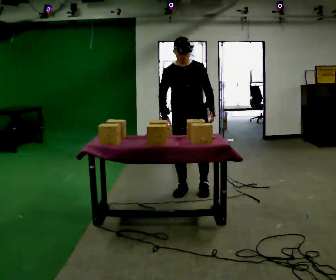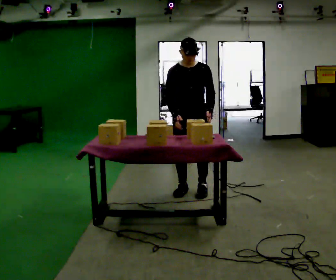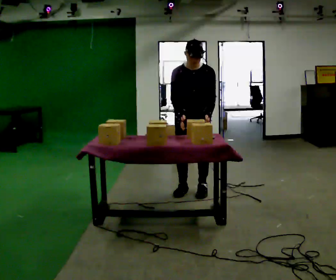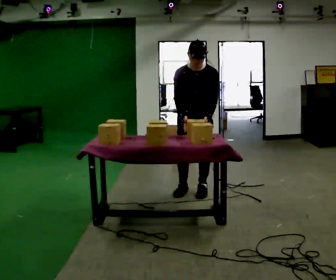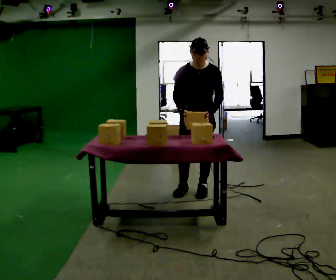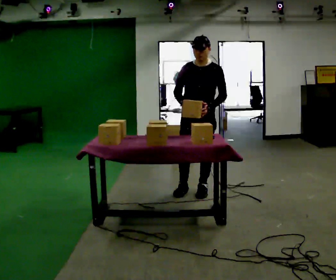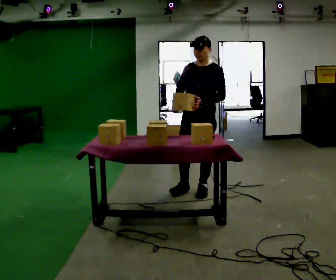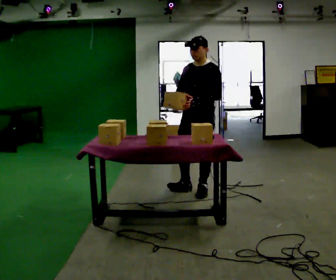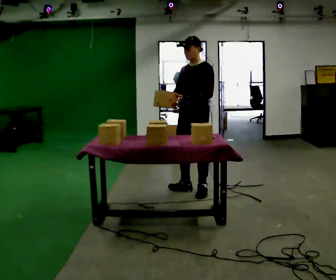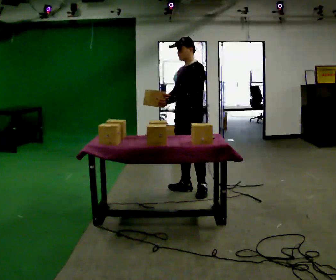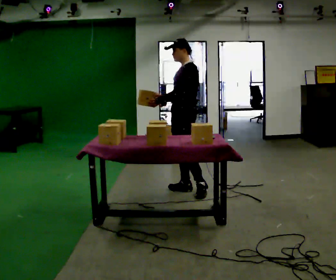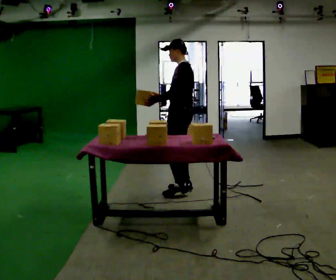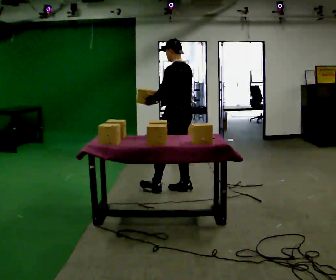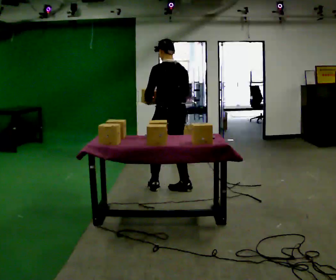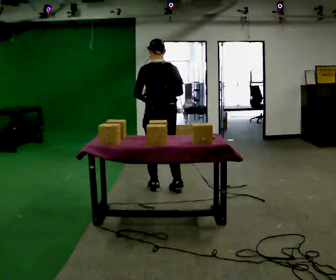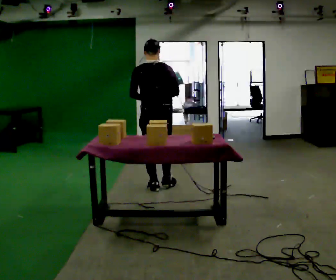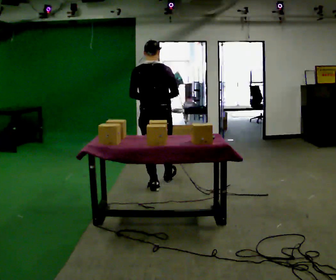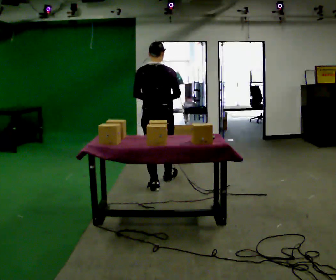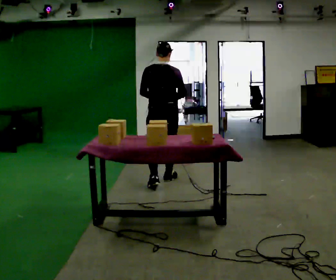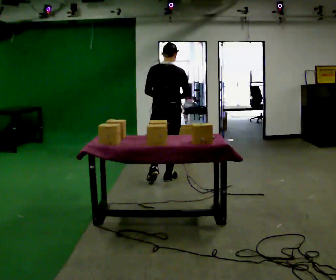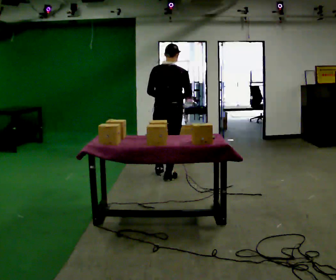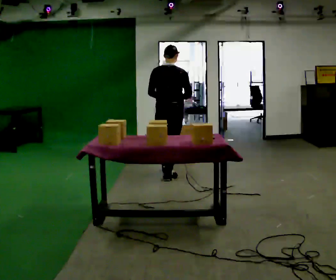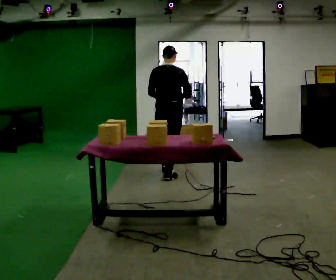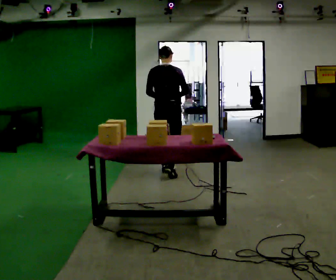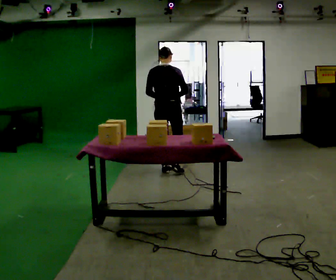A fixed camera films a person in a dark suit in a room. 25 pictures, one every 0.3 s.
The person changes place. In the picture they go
away from the camera.
The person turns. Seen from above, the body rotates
clockwise.
0.0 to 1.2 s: The person moves a little, or ends about where they began.
1.2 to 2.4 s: Seen from above the body turns clockwise, about 30 degrees: to their right, with its near side sliding to the left. The upper body tips away from the camera, its near side rolling upward, as they lean back or straighten.
2.4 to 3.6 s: The person turns about 75 degrees to their right, clockwise seen from above, so the part of the body nearest the lens slides to the left. In the picture they go to the left, about 0.25 m. In the picture their left hand goes to the left.
3.6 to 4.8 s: Seen from above the body turns clockwise, about 60 degrees: to their right, with its near side sliding to the left. In the picture they go to the left, about 0.25 m in 1 step, which for them is to their left and forward.
4.8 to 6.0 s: In the picture they go away from the camera, about 0.5 m in 1 step, which for them is forward.
6.0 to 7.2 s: In the picture they go away from the camera, about 0.5 m in 1 step, which for them is forward.
The film runs forward here.
